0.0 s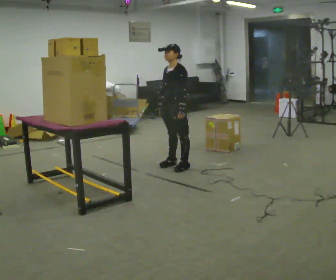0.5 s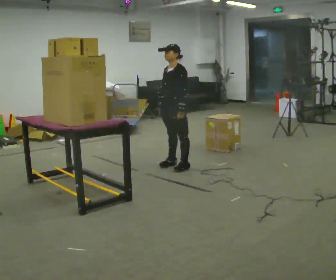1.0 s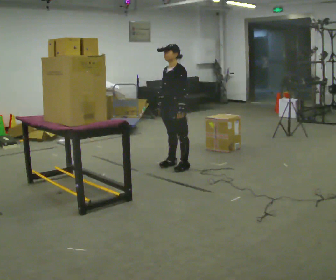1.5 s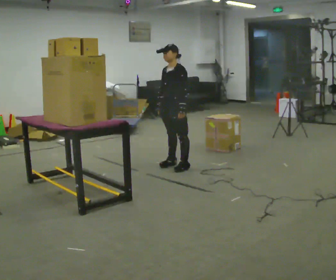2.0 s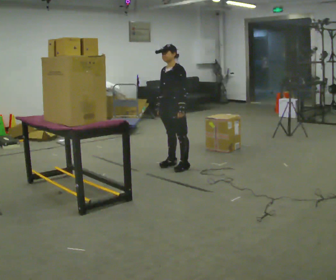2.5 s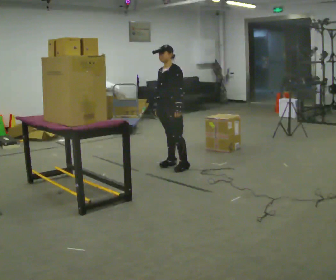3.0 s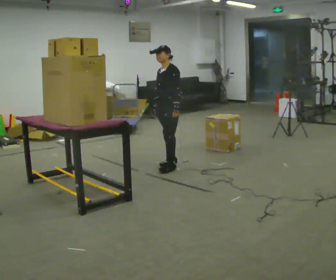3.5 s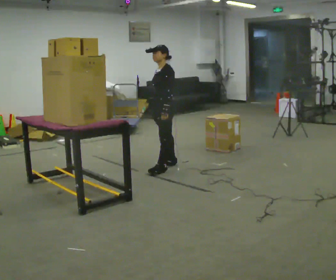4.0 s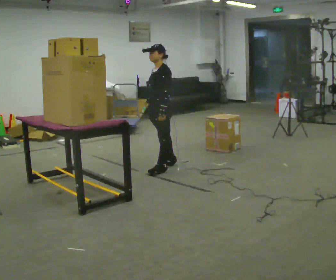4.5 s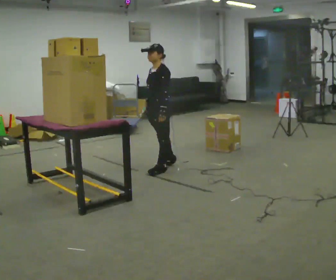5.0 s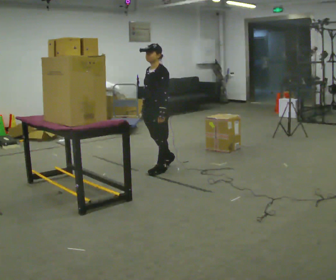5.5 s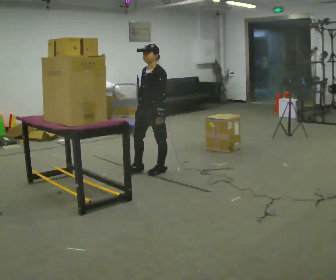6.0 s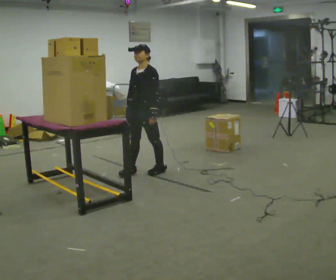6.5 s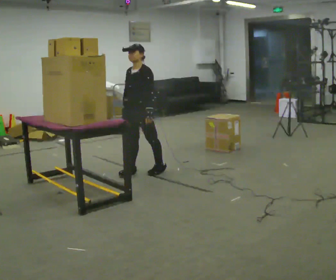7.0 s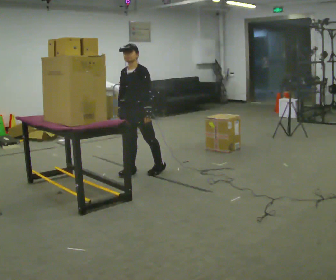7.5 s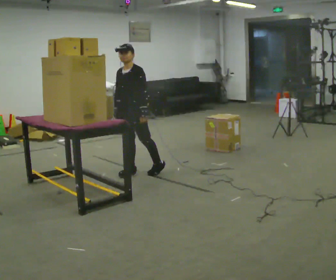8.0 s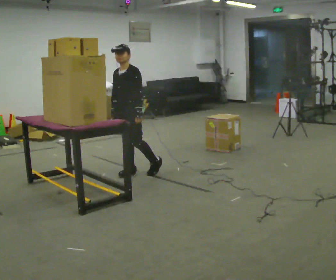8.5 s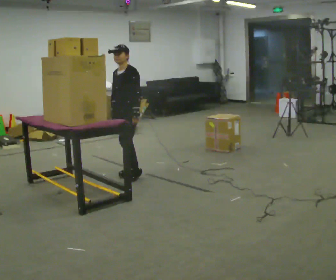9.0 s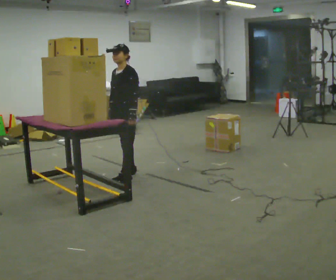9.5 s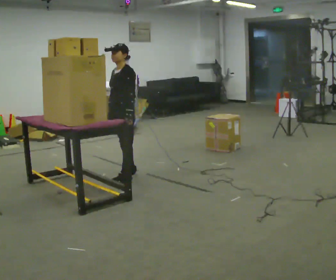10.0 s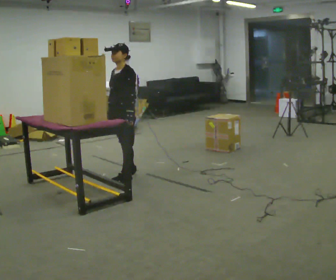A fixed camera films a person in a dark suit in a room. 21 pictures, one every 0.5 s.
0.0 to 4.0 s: In the picture they go to the left, about 0.25 m in 1 step, which for them is forward.
4.0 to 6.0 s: In the picture they go to the left and toward the camera, about 0.25 m in 1 step, which for them is forward.
6.0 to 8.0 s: In the picture they go to the left, about 0.25 m, which for them is to their right.
8.0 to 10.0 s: In the picture they go toward the camera, about 0.25 m in 1 step, which for them is forward.
The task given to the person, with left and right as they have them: Take an object down from the highest shelf you can comfortably reach, carry it across, and place it on the waist-height shelf. Keep going until the operator says stop; one object at a time, and do not rush between trips.
The film runs forward here.
